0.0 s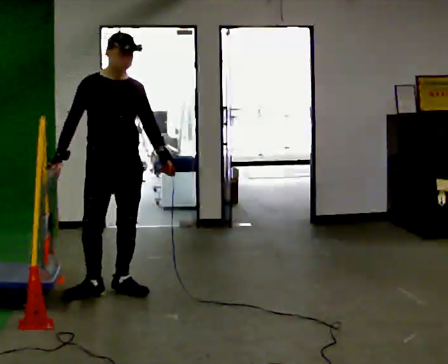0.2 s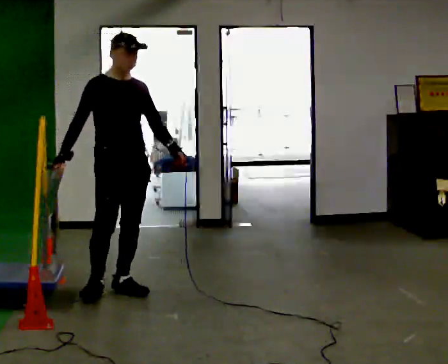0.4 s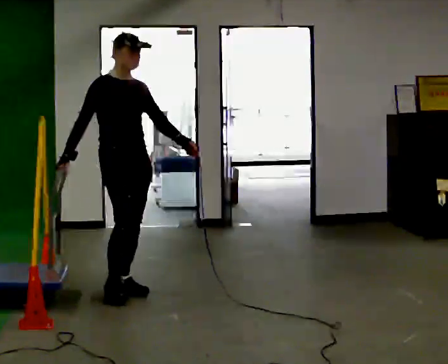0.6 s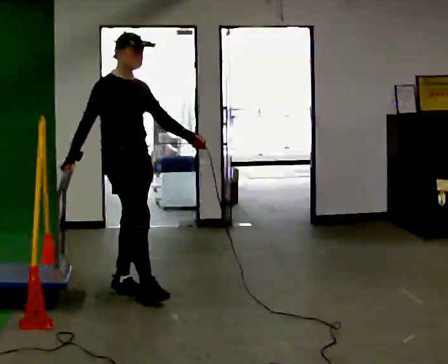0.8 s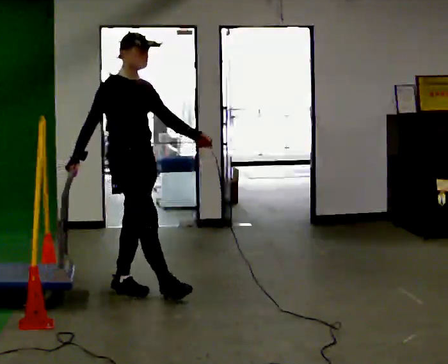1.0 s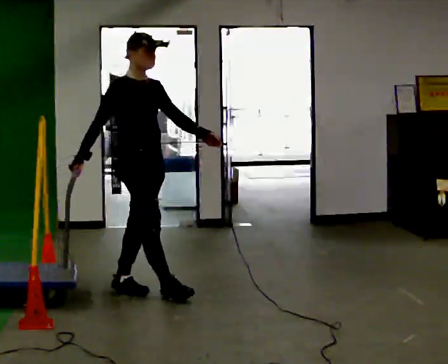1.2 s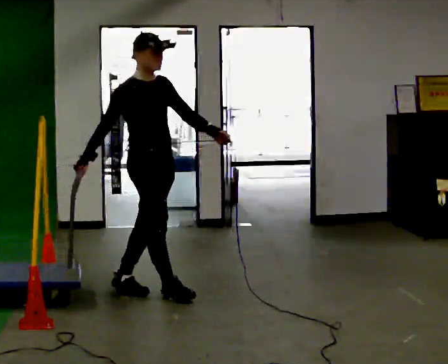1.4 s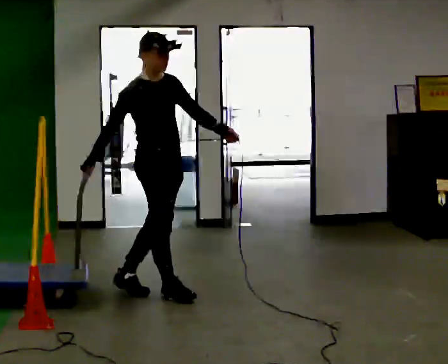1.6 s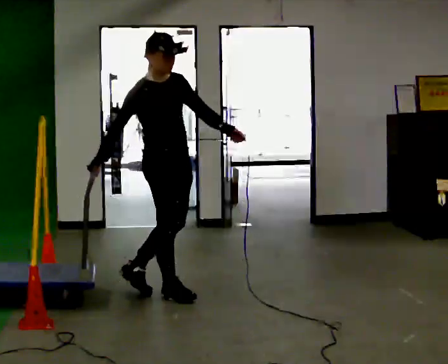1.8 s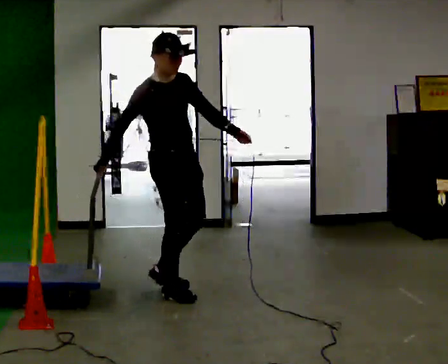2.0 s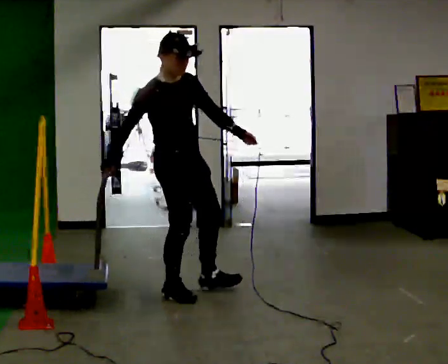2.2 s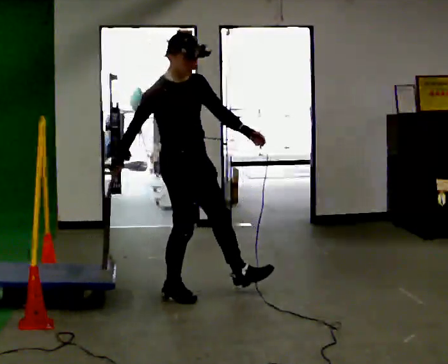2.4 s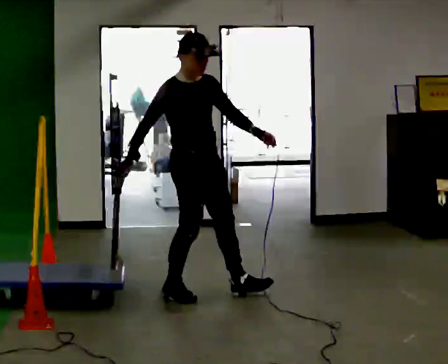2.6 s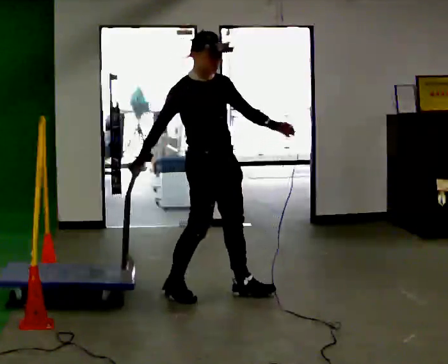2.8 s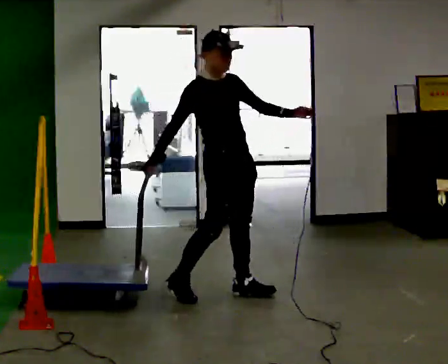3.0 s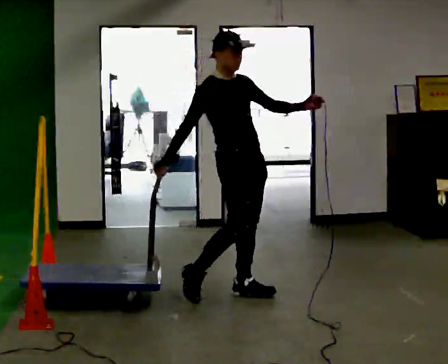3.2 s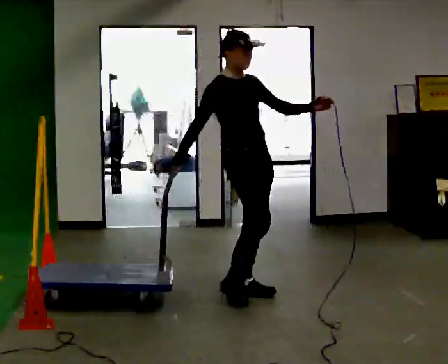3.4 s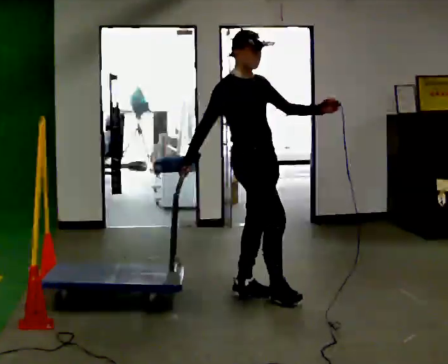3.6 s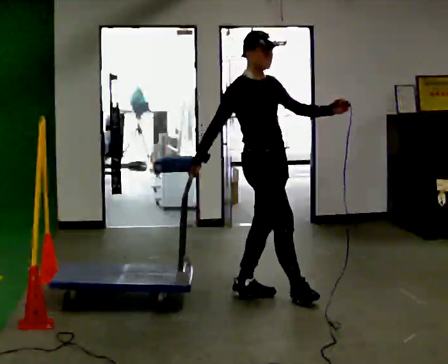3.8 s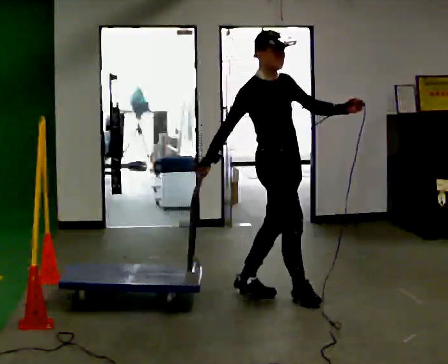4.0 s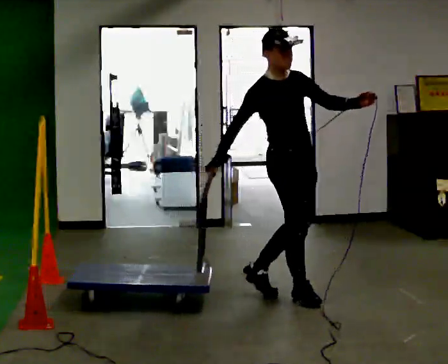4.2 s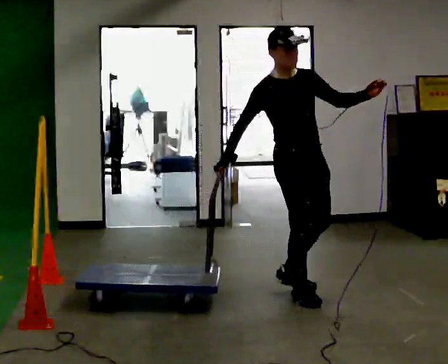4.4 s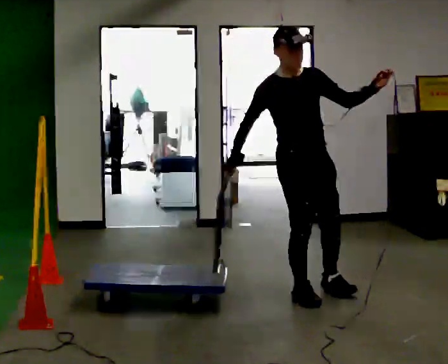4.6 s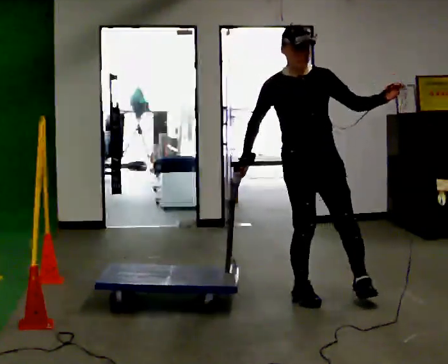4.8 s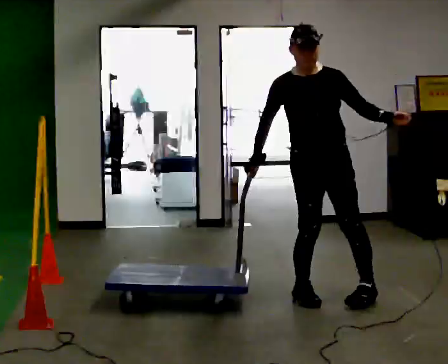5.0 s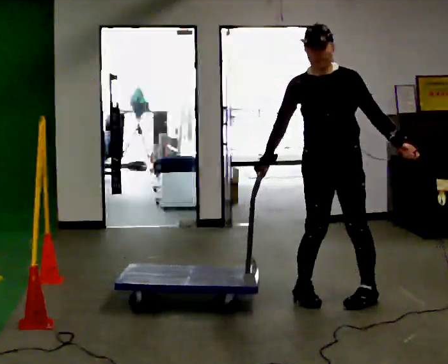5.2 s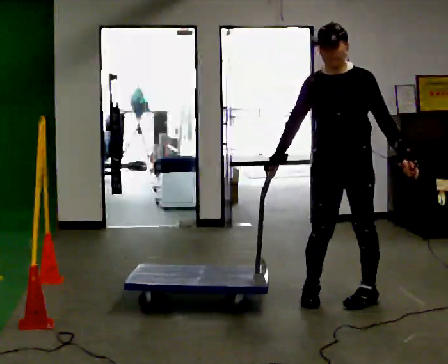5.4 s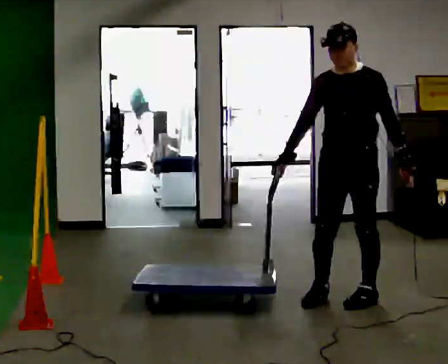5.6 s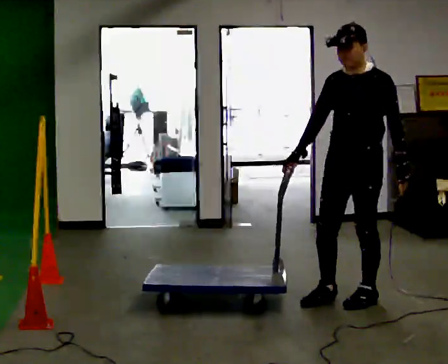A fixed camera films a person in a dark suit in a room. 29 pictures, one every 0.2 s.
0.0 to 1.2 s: The person turns about 45 degrees to their left, counterclockwise seen from above, so the part of the body nearest the lens slides to the right. In the picture they go to the right, about 0.25 m in 1 step, which for them is forward. In the picture their left hand goes to the right.
1.2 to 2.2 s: In the picture they go to the right, about 0.25 m, which for them is forward.
2.2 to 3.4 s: In the picture they go to the right, about 0.5 m in 1 step, which for them is forward and to their left.
3.4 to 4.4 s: The part of the body nearest the lens slides to the left as the person turns to their right by about 30 degrees. In the picture they go to the right, about 0.25 m in 1 step, which for them is forward.
4.4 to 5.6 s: The part of the body nearest the lens slides to the left as the person turns to their right by about 75 degrees. In the picture they go to the right and toward the camera, about 0.5 m in 2 steps. In the picture their left hand goes downward, the arm swinging clockwise.
The film runs forward here.
